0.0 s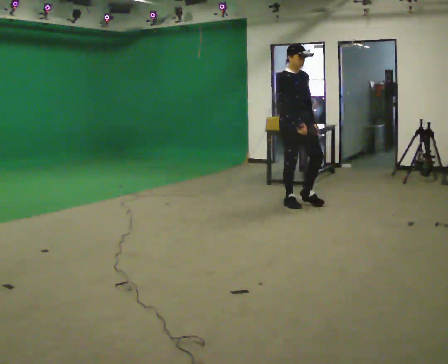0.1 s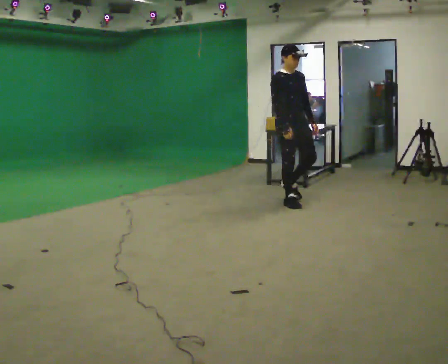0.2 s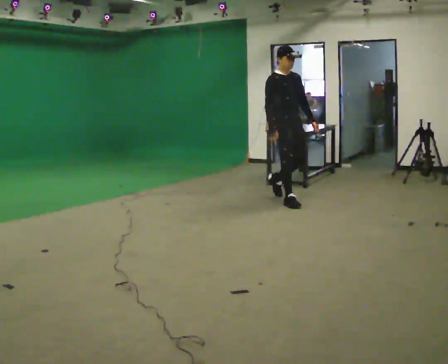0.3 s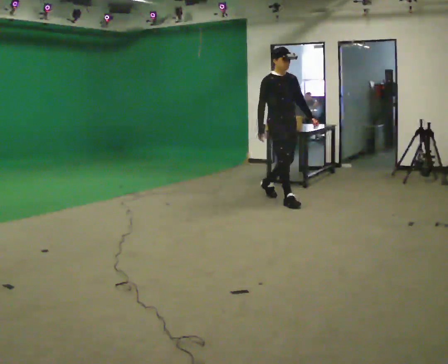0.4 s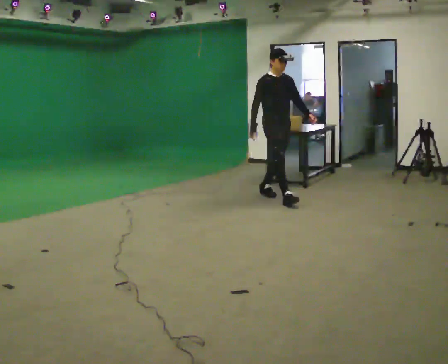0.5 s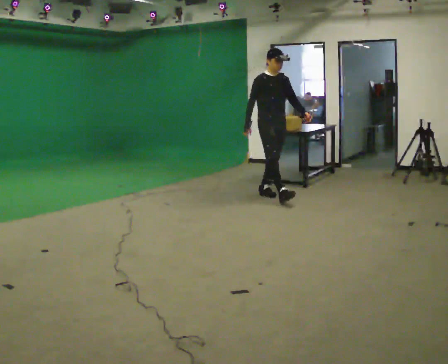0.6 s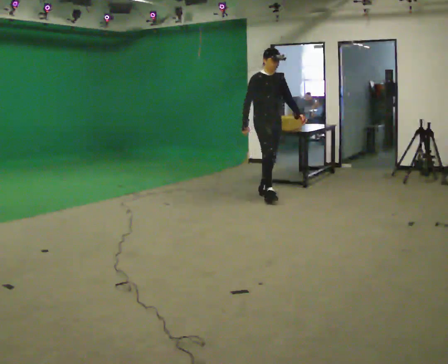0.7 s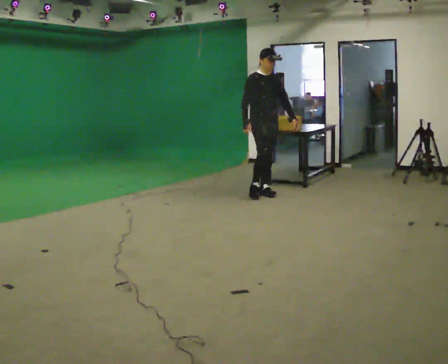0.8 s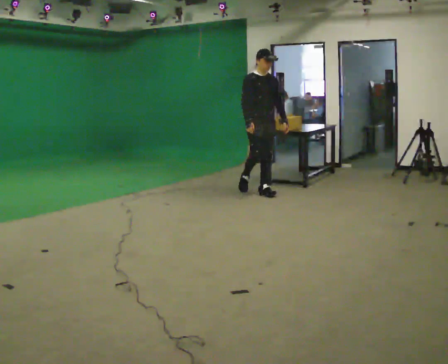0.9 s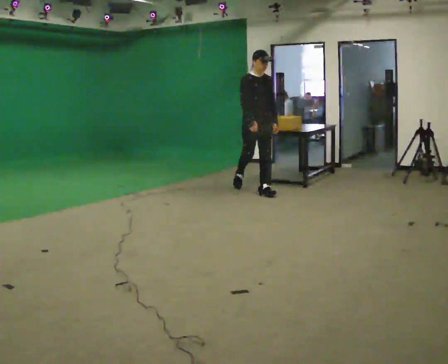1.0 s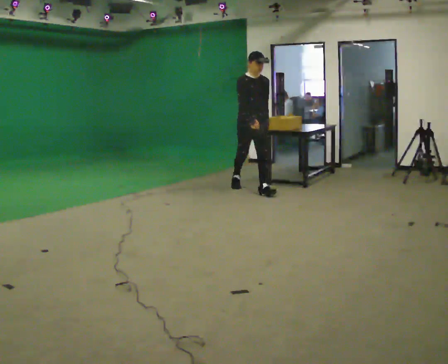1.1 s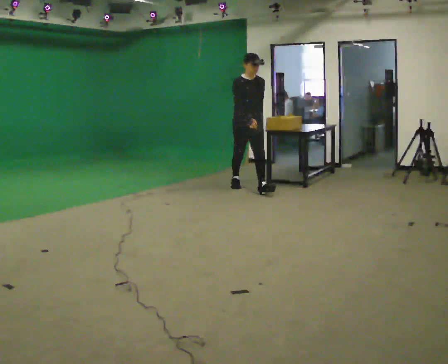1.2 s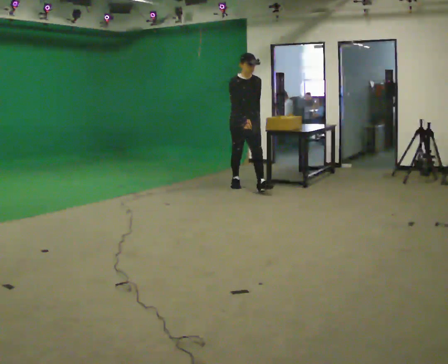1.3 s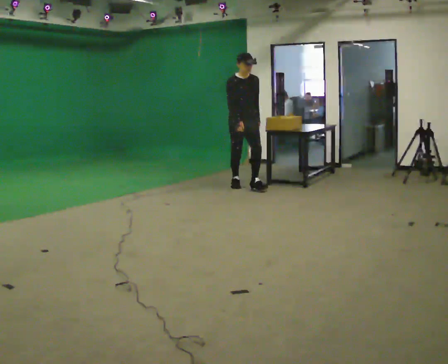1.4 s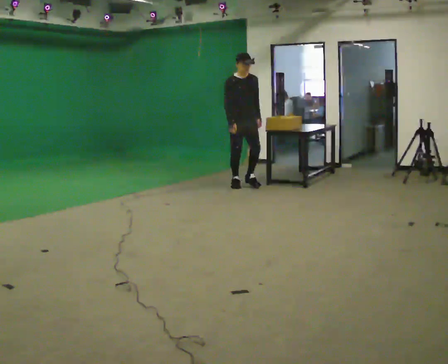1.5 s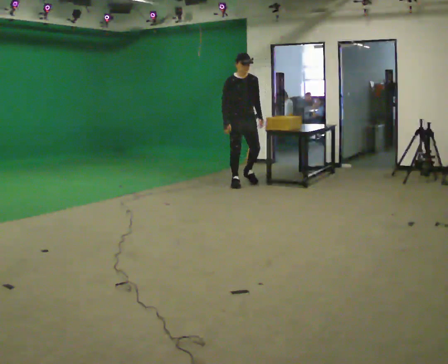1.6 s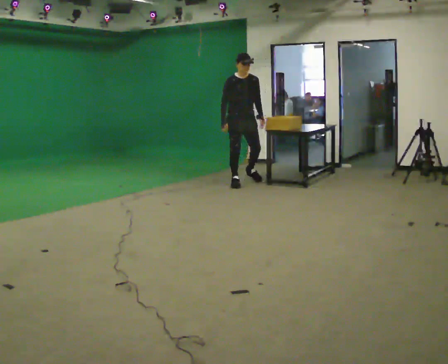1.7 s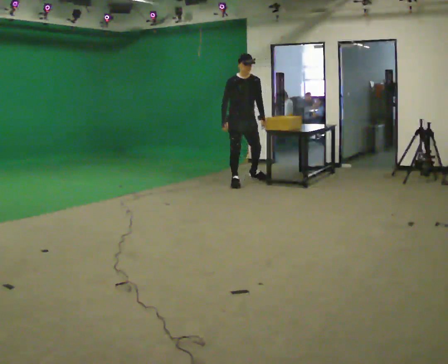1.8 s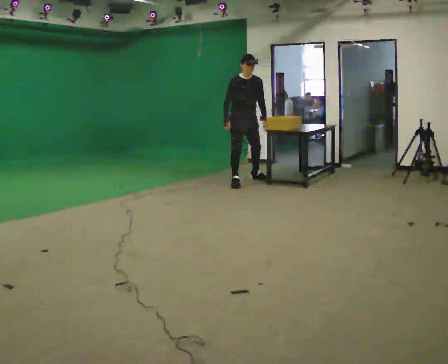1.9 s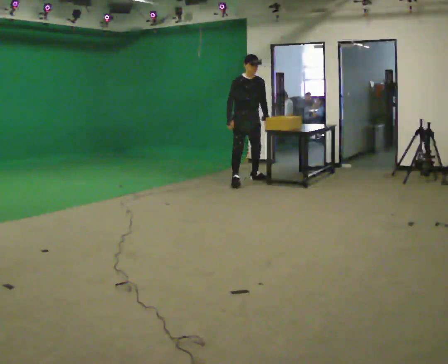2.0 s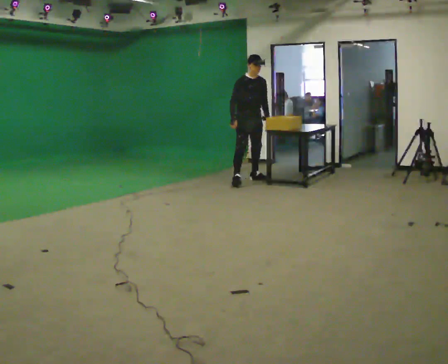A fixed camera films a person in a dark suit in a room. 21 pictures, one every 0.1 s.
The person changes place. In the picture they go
away from the camera.
0.0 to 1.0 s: In the picture they go away from the camera and to the left, about 1 m in 1 step, which for them is backward.
1.0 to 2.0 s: In the picture they go away from the camera, about 0.75 m in 1 step, which for them is backward.
The film runs backward here.
